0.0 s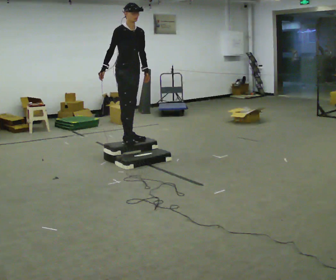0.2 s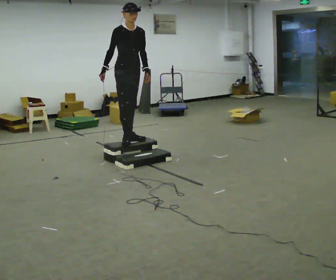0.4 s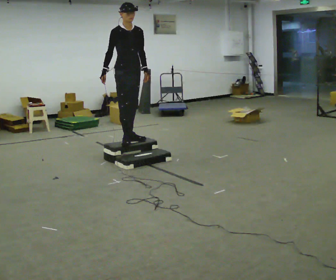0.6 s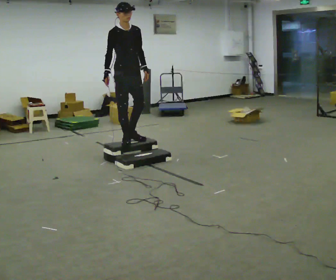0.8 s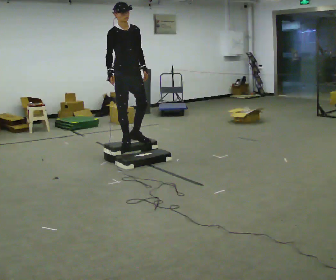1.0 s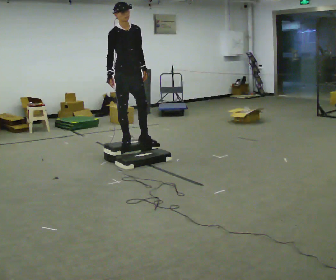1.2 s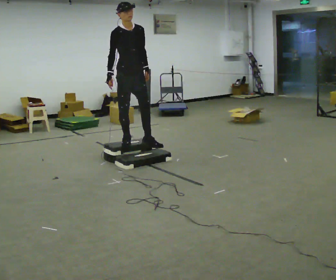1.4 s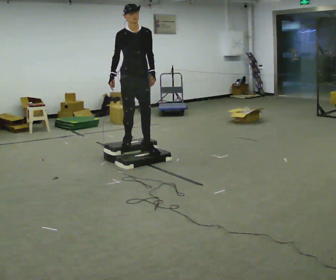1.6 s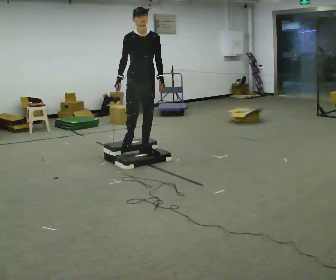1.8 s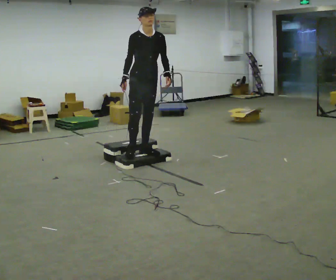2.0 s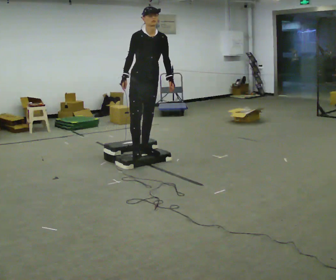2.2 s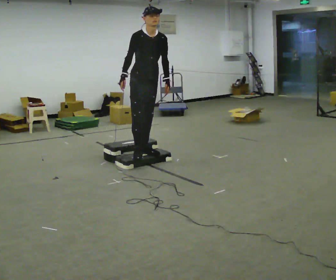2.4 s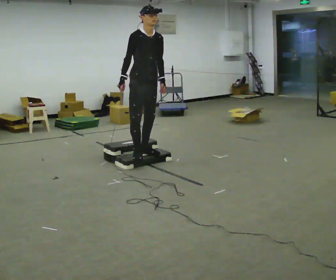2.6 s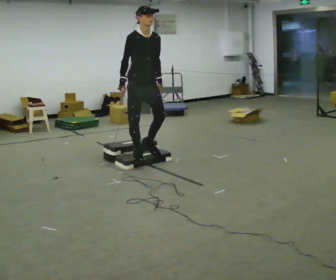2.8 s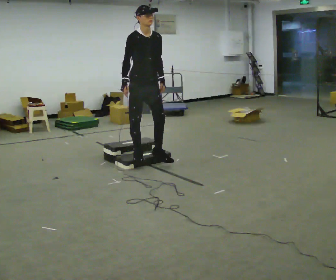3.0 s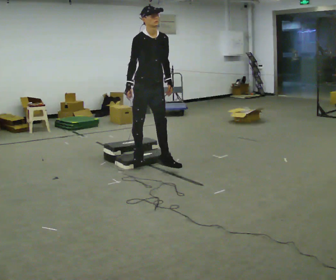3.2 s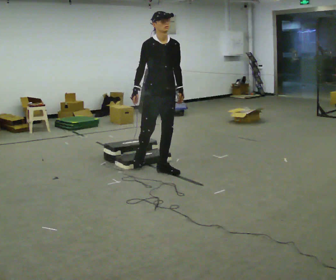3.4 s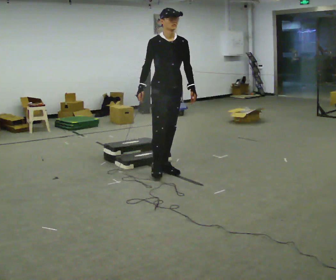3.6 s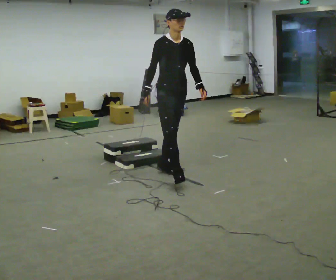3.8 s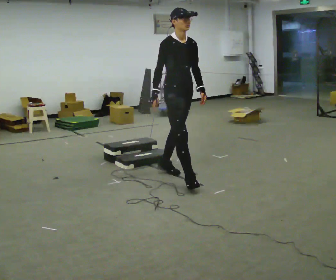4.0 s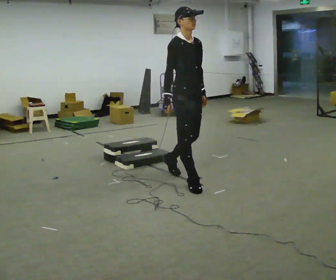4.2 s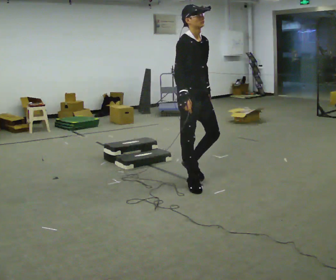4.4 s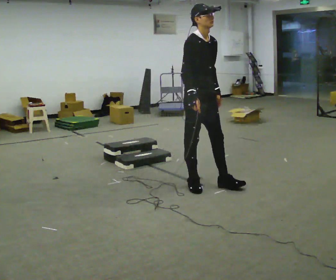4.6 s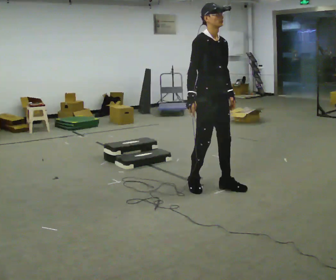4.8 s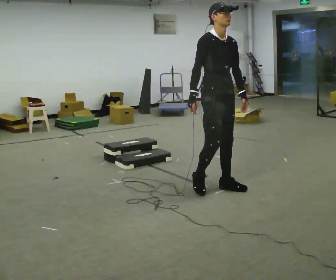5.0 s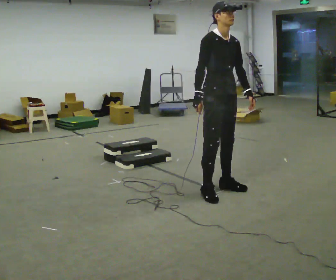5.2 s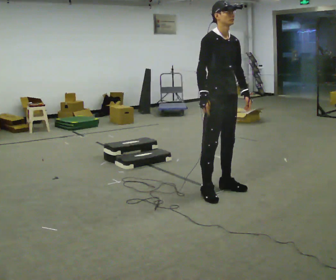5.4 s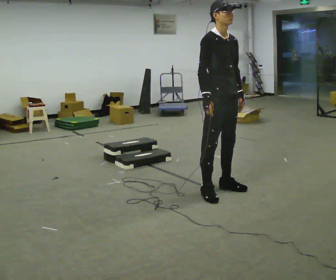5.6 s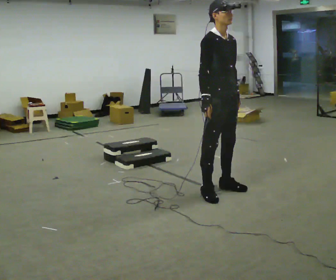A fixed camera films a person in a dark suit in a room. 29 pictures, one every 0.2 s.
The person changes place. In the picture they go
toward the camera.
0.0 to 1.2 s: In the picture they go toward the camera, about 0.25 m in 1 step, which for them is forward.
1.2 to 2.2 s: In the picture they go toward the camera and to the right, about 0.25 m in 1 step, which for them is forward.
2.2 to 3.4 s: In the picture they go toward the camera and to the right, about 0.5 m in 1 step, which for them is forward.
3.4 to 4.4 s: In the picture they go toward the camera and to the right, about 0.5 m in 1 step, which for them is forward.
4.4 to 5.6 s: In the picture they go toward the camera, about 0.25 m in 2 steps, which for them is forward.
The film runs forward here.
